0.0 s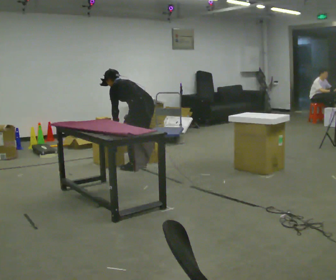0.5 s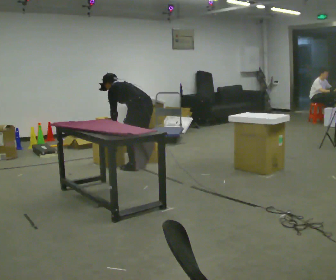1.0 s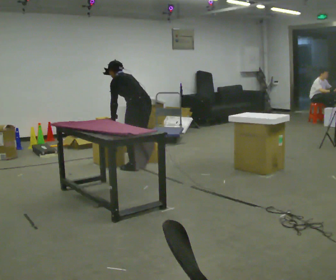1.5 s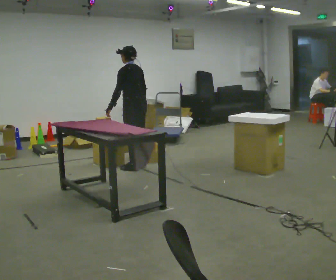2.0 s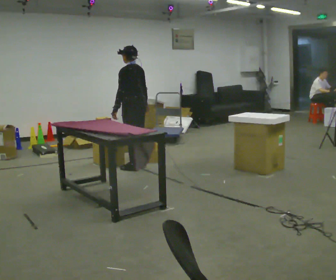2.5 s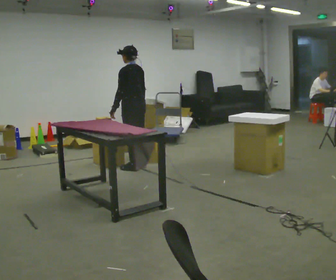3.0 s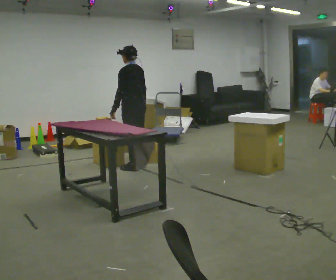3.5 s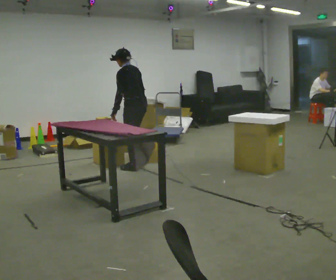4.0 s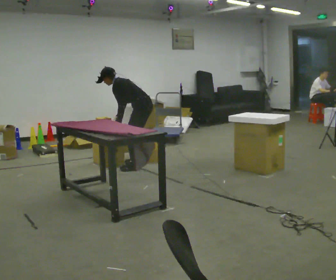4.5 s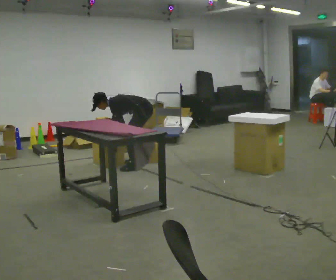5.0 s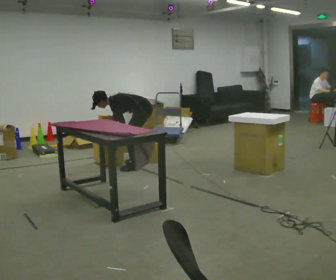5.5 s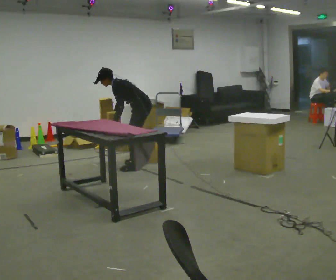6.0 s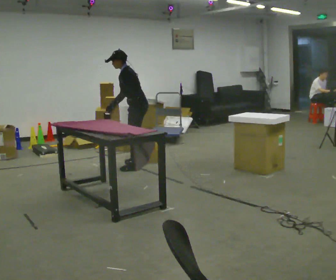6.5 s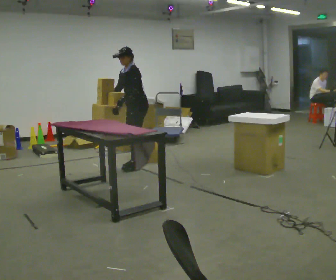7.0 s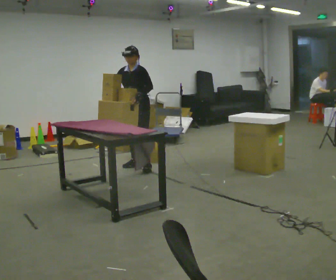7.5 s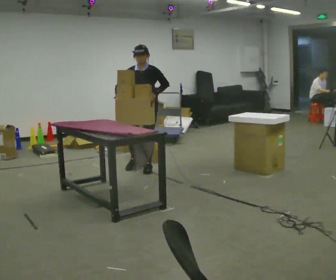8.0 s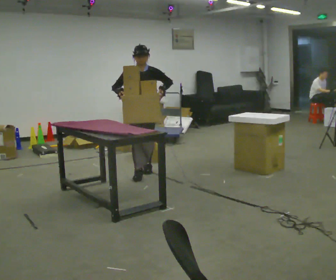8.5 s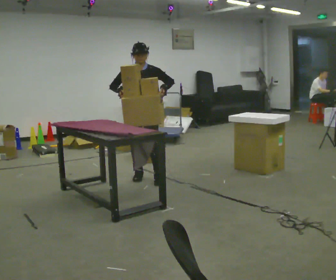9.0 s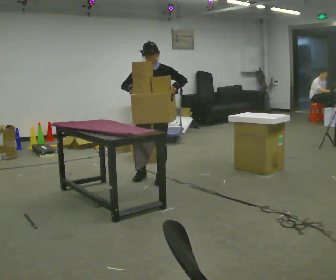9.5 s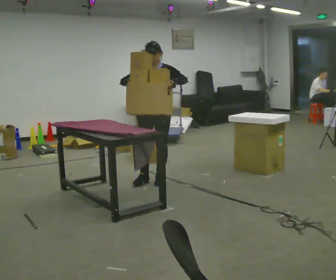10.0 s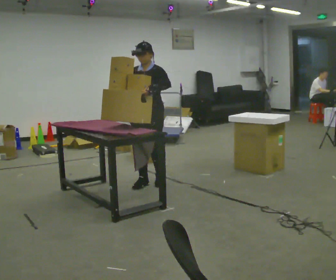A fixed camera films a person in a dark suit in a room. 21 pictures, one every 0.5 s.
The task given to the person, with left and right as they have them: 1. Move everything from the second bin into the first bin. 2. Carry the empty bin to the shelf. 3. Carry the full bin to the table. 4. Tell the operator when you are finished.
0.0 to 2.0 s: The shoulders move upward. In the picture the upper body tilts clockwise, shoulders to the right, as they lean back or straighten.
2.0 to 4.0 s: The shoulders move downward. In the picture the upper body tilts counterclockwise, shoulders to the left, as they bend forward. In the picture their right hand goes to the left.
4.0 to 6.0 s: The person moves a little, or ends about where they began.
6.0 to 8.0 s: Seen from above the body turns counterclockwise, about 90 degrees: to their left, with its near side sliding to the right. In the picture they go toward the camera, about 0.25 m in 1 step. In the picture the upper body tilts clockwise, shoulders to the right, as they lean back or straighten.
8.0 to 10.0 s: Seen from above the body turns clockwise, about 30 degrees: to their right, with its near side sliding to the left. In the picture they go toward the camera, about 0.5 m in 2 steps, which for them is forward and to their left.
The film runs forward here.
